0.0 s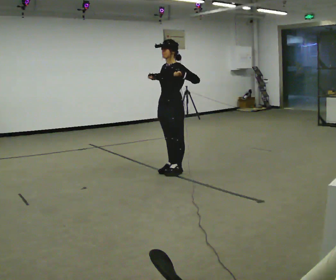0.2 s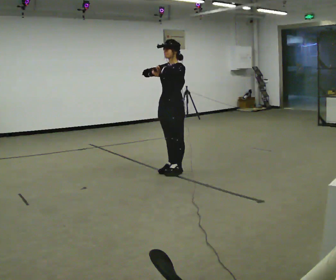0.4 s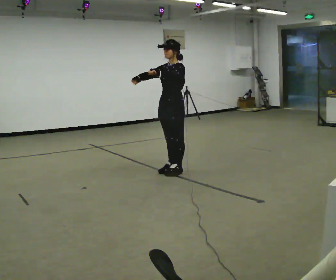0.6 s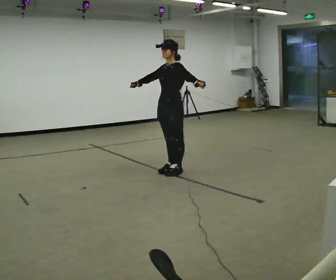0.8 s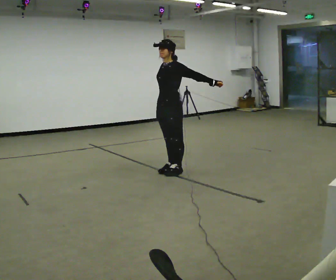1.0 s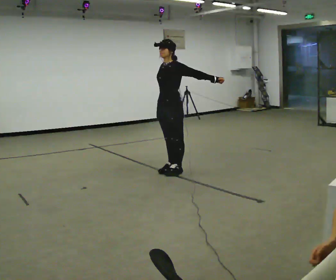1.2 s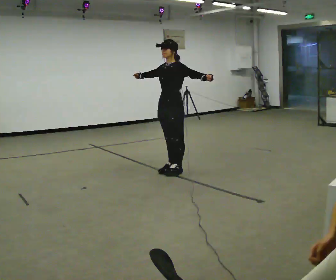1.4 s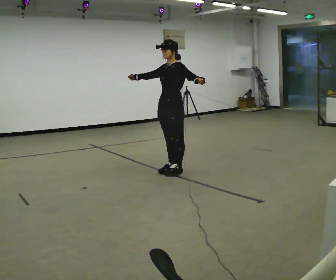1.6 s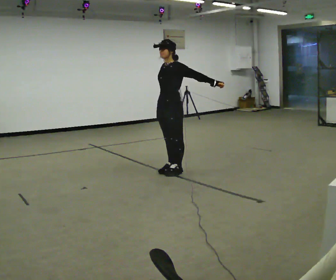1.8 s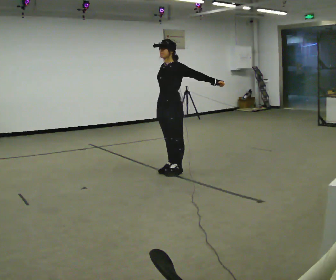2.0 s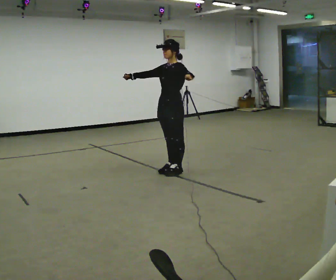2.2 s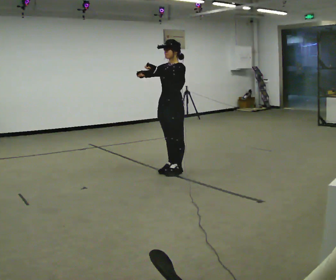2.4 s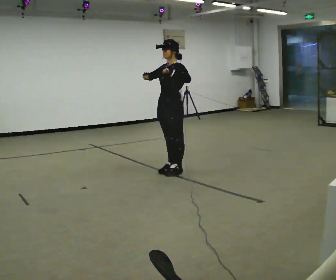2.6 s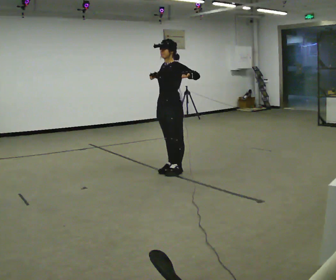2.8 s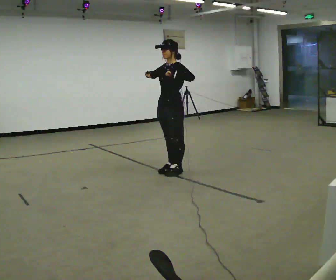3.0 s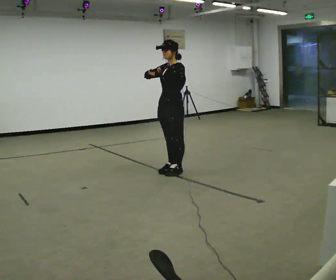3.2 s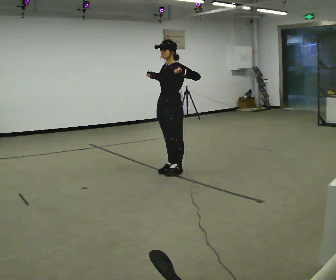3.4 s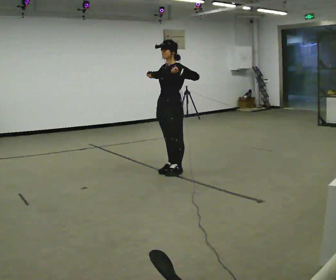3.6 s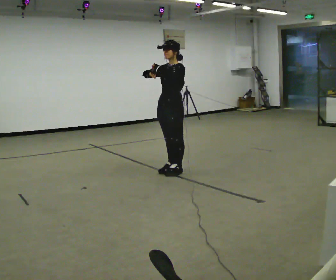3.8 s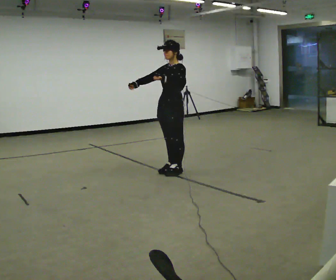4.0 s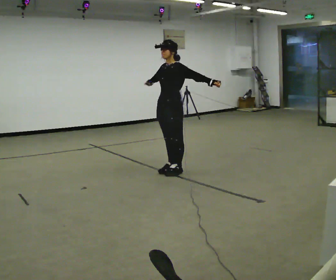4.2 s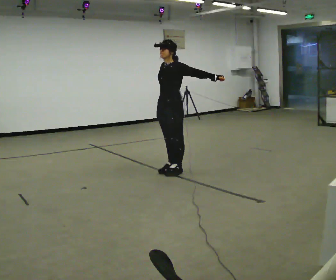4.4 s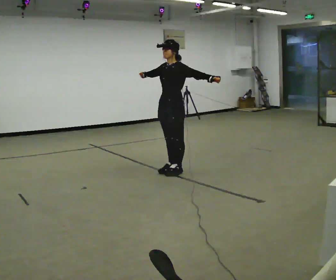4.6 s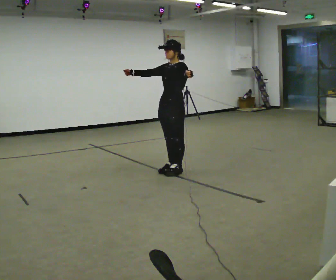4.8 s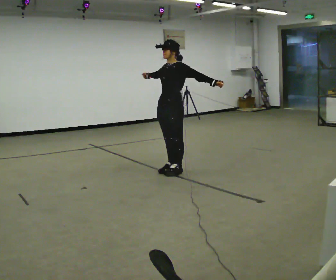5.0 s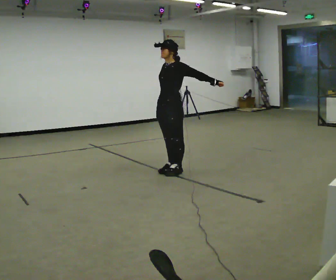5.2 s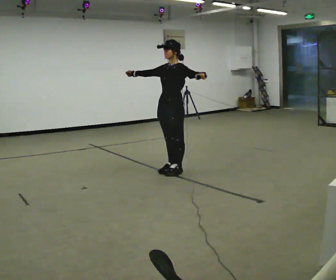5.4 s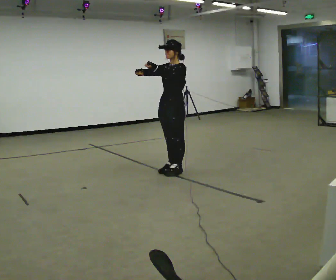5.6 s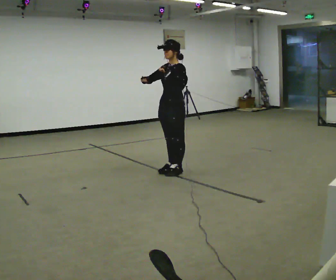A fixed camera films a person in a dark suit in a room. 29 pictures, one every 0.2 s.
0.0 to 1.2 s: The person moves a little, or ends about where they began.
1.2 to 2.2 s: In the picture their left hand goes to the left.
2.2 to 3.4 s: The person moves a little, or ends about where they began.
3.4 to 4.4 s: In the picture their left hand goes to the right.
4.4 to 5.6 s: In the picture their left hand goes to the left.
The film runs backward here.
